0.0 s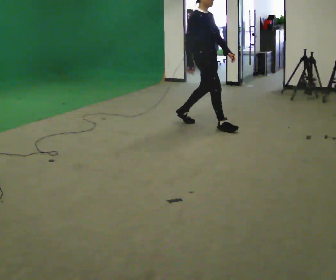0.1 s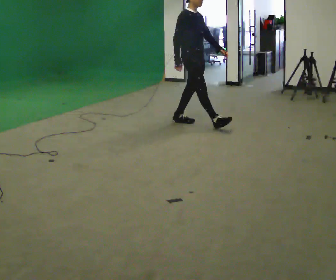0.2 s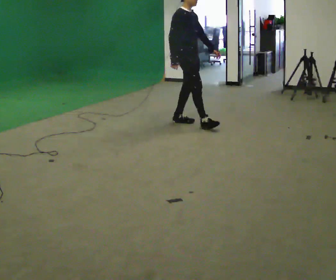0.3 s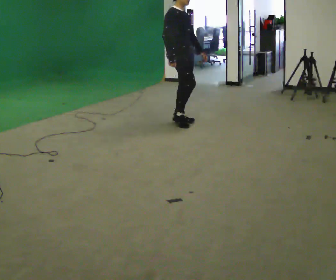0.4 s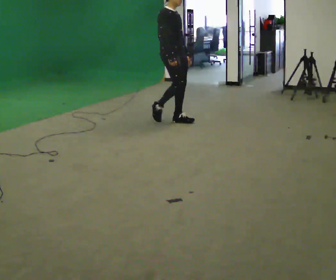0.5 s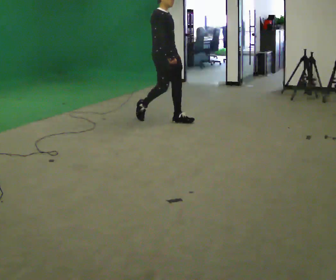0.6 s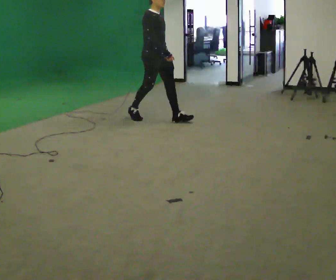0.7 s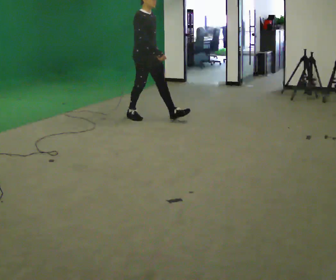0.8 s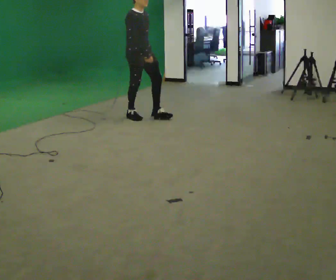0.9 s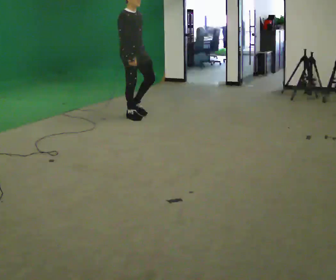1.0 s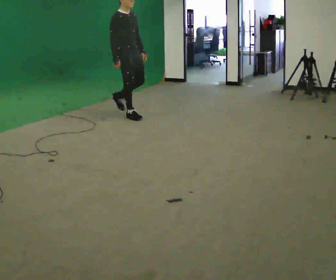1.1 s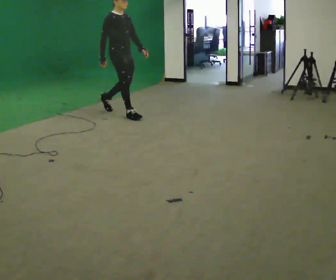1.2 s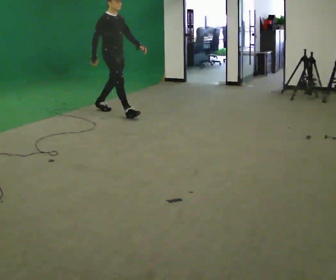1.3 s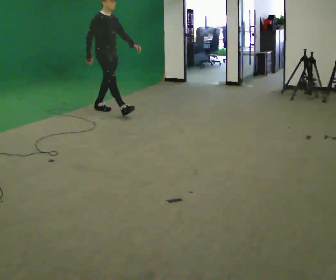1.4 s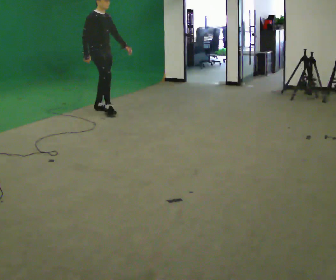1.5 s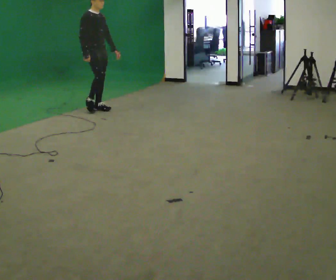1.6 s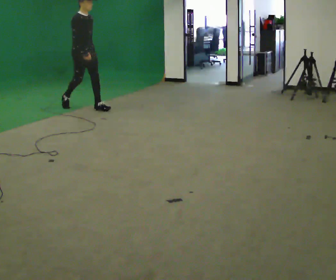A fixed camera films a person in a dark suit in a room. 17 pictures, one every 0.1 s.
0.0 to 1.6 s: In the picture they go to the left and away from the camera, about 2 m in 3 steps, which for them is backward.
The film runs backward here.
